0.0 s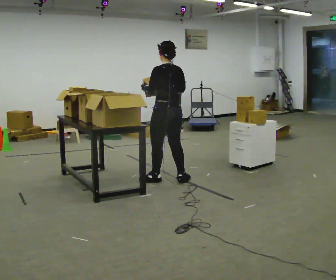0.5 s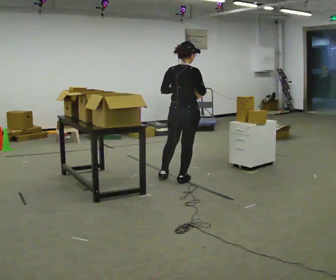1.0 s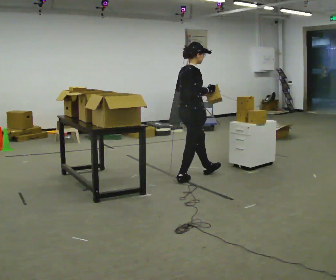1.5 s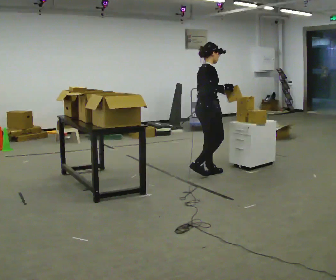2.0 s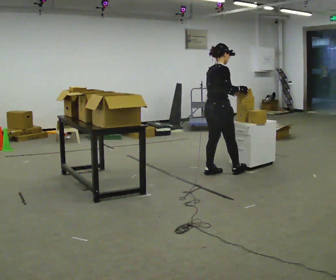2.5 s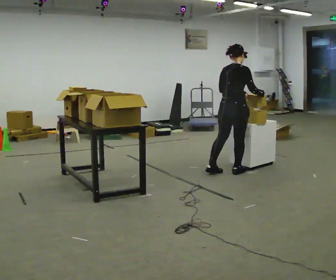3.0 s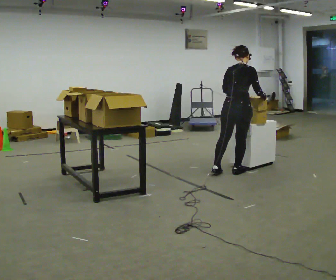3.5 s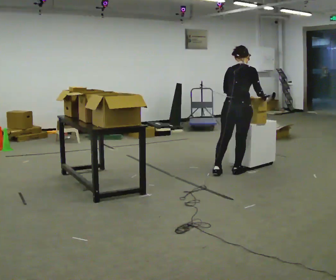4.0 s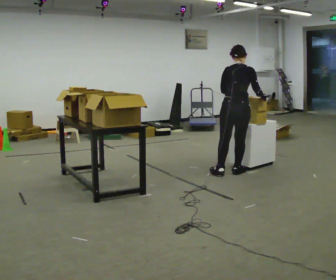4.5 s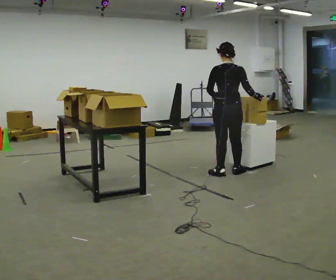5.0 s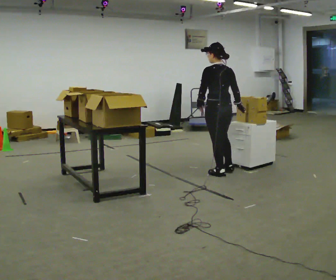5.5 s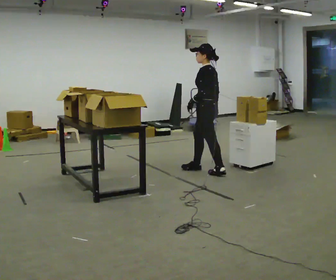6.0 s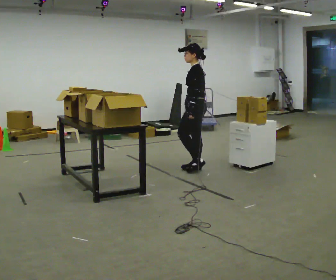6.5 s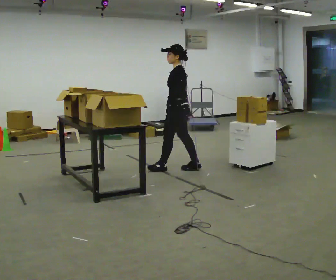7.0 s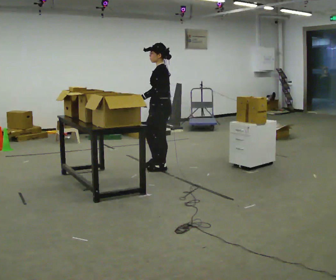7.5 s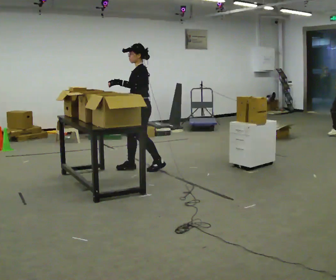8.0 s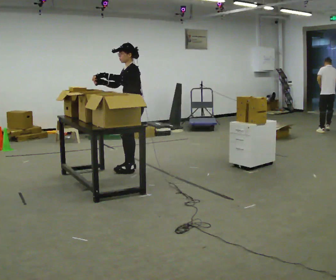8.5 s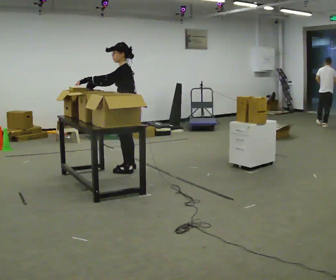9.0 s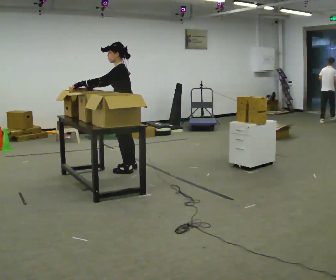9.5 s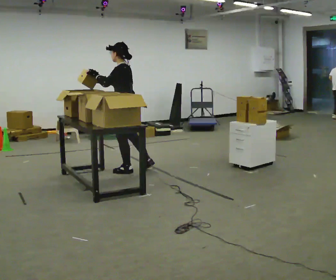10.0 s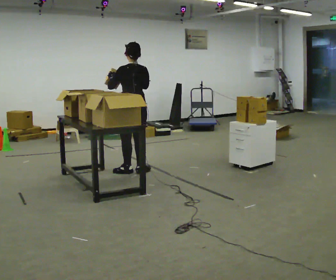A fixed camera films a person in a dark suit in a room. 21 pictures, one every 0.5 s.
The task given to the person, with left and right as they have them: 1. Read the list the operator gives you. 2. Collect the six items on the list from the shelves. 3. Put them all in the bin on the table. 4. Tell the operator when you are finished.
0.0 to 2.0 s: The person turns about 90 degrees to their right, clockwise seen from above, so the part of the body nearest the lens slides to the left. In the picture they go to the right and away from the camera, about 0.75 m in 2 steps.
2.0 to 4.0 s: The person turns about 45 degrees to their left, counterclockwise seen from above, so the part of the body nearest the lens slides to the right. In the picture they go to the right, about 0.25 m in 1 step, which for them is to their right.
4.0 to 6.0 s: The part of the body nearest the lens slides to the right as the person turns to their left by about 105 degrees. In the picture they go to the left, about 0.5 m in 1 step.
6.0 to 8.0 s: The part of the body nearest the lens slides to the right as the person turns to their left by about 30 degrees. In the picture they go to the left, about 1 m in 3 steps, which for them is forward. In the picture their right hand goes upward.
8.0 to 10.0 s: The person turns about 90 degrees to their right, clockwise seen from above, so the part of the body nearest the lens slides to the left. In the picture they go toward the camera, about 0.25 m in 1 step. In the picture their right hand goes to the right.
The film runs forward here.
